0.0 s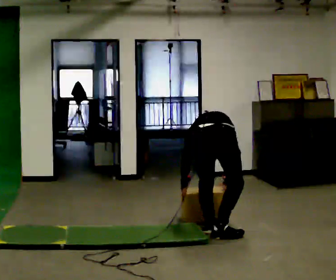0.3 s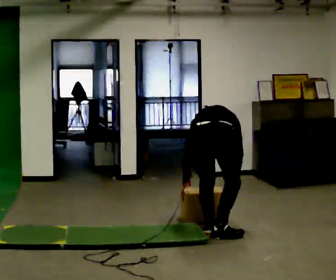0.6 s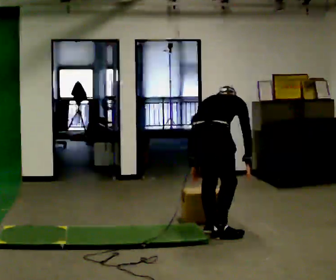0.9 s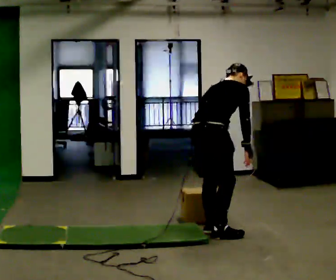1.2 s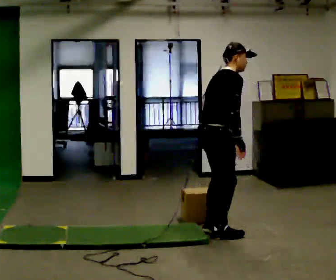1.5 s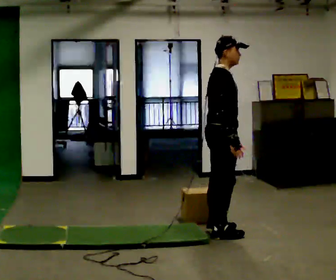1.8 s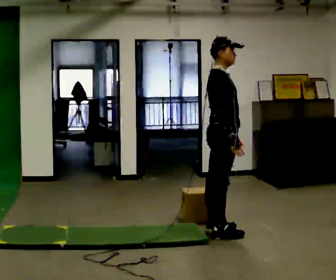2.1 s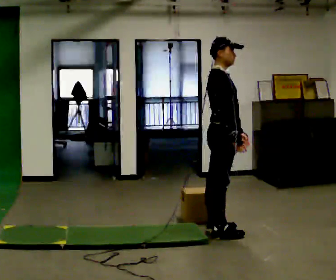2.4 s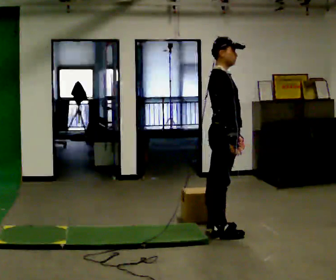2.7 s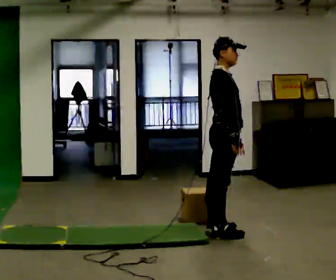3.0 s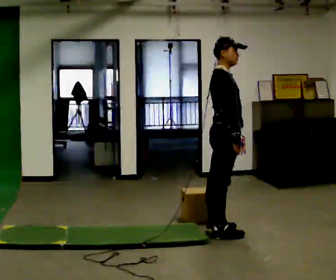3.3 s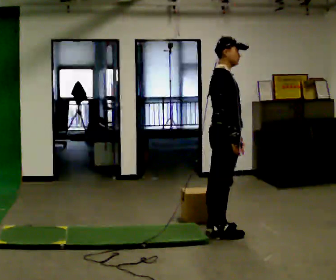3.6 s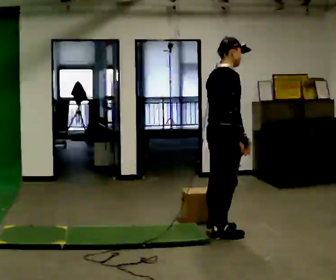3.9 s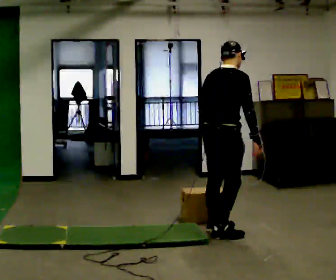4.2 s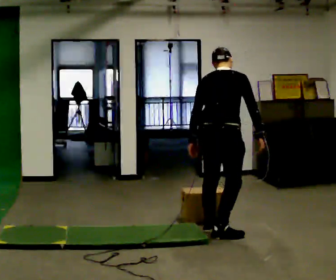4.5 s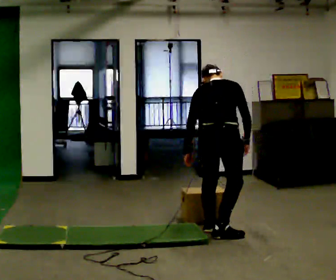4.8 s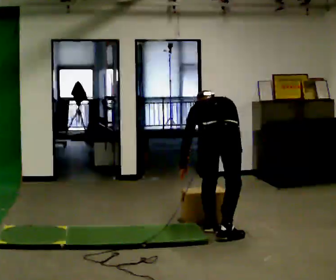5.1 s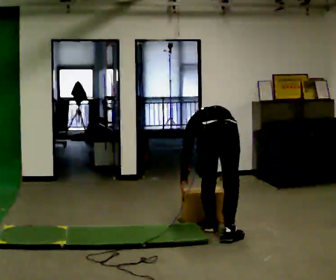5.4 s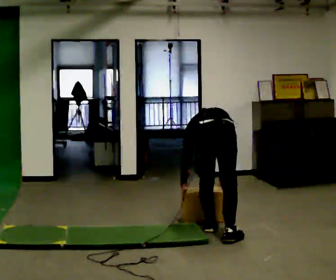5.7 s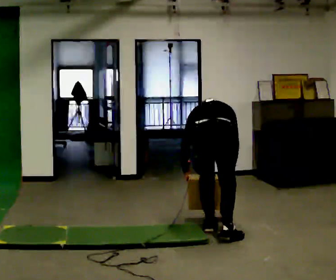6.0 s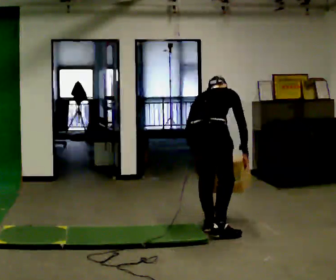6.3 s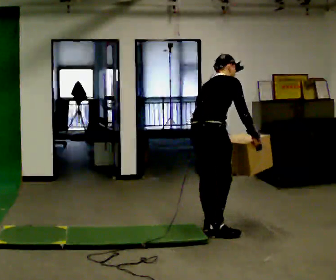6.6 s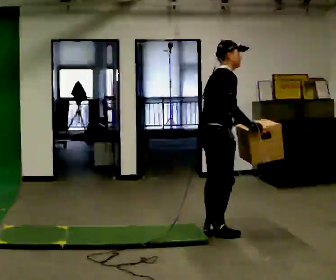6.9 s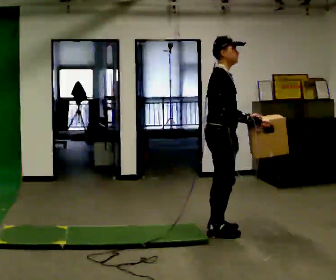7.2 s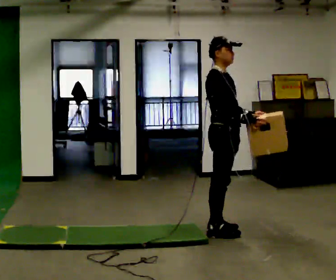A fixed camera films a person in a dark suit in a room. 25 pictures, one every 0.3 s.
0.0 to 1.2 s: Seen from above the body turns clockwise, about 60 degrees: to their right, with its near side sliding to the left. The shoulders move upward. The upper body tips toward the camera, its near side rolling downward, as they lean back or straighten. In the picture their right hand goes upward.
1.2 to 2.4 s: In the picture the upper body tilts counterclockwise, shoulders to the left, as they lean back or straighten.
2.4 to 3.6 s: Seen from above the body turns counterclockwise, about 30 degrees: to their left, with its near side sliding to the right.
3.6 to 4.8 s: The person turns about 60 degrees to their left, counterclockwise seen from above, so the part of the body nearest the lens slides to the right. The upper body goes downward. The upper body tips away from the camera, its near side rolling upward, as they bend forward.
4.8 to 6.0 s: The person moves a little, or ends about where they began.
6.0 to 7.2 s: The part of the body nearest the lens slides to the left as the person turns to their right by about 60 degrees. The shoulders move upward. The upper body tips toward the camera, its near side rolling downward, as they lean back or straighten. In the picture their left hand goes to the right and upward, the arm swinging counterclockwise.
The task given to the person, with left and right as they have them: Carry the box across the soft uneven mat, set it down on the far side, then bring it back. Keep going until the operator says stop; one object at a time, and do not rush between trips.
The film runs forward here.
